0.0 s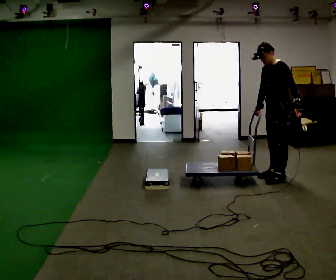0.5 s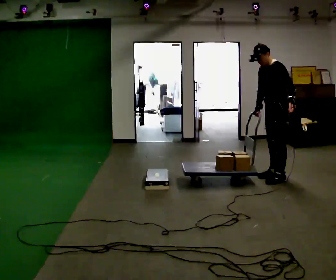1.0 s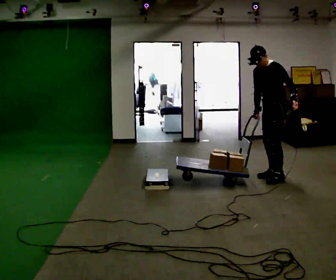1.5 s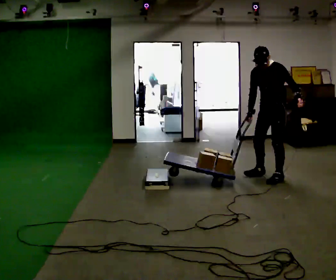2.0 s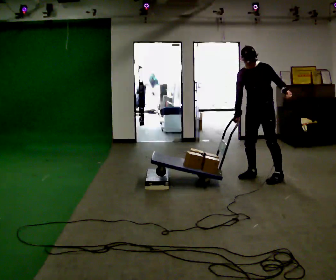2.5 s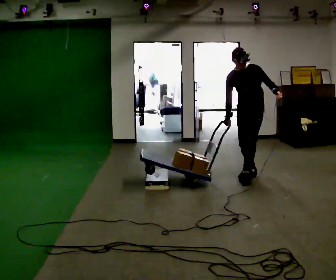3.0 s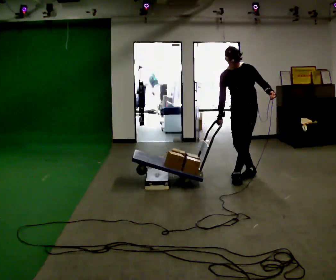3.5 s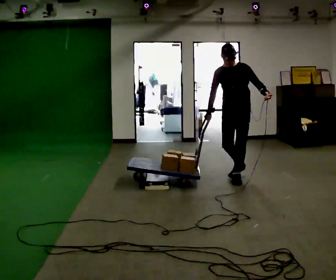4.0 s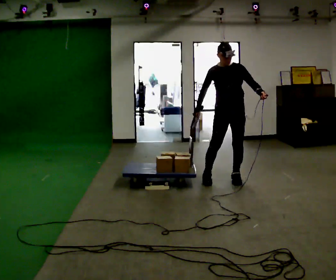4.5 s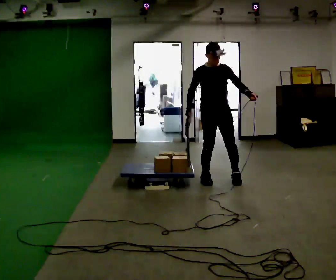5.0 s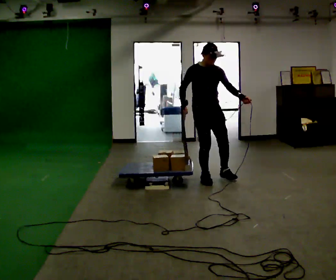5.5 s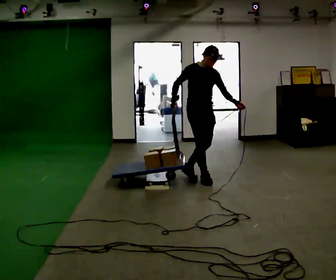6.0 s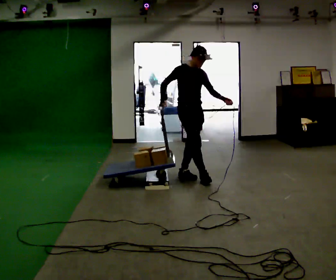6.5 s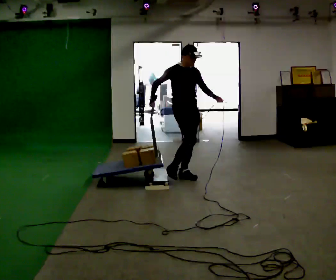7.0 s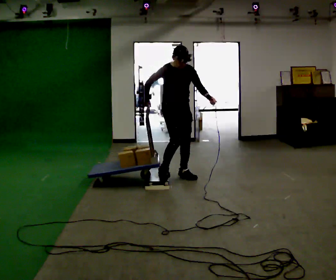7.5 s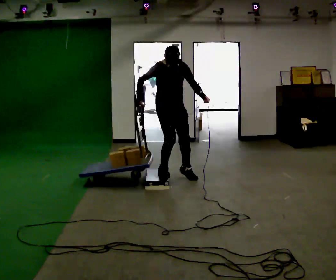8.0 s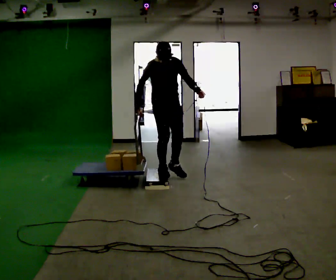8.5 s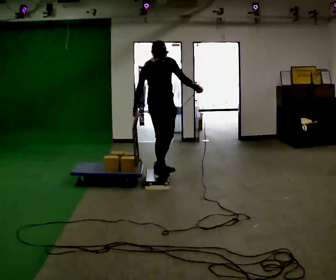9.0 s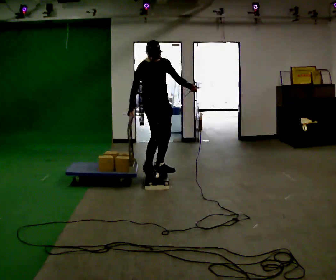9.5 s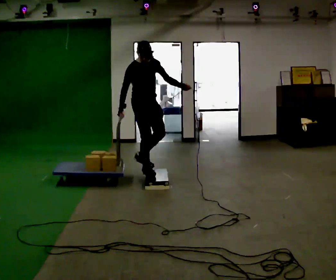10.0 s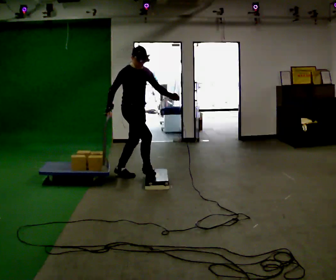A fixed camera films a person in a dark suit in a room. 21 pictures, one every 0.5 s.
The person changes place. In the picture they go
to the left.
0.0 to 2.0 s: Seen from above the body turns counterclockwise, about 45 degrees: to their left, with its near side sliding to the right. In the picture they go to the left, about 0.25 m in 1 step, which for them is forward and to their right.
2.0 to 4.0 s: The part of the body nearest the lens slides to the right as the person turns to their left by about 30 degrees. In the picture they go to the left, about 0.5 m in 2 steps, which for them is forward and to their right.
4.0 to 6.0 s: The person turns about 60 degrees to their left, counterclockwise seen from above, so the part of the body nearest the lens slides to the right. In the picture they go to the left, about 0.5 m in 1 step, which for them is to their right and backward.
6.0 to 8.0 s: In the picture they go to the left, about 0.25 m in 2 steps, which for them is to their right.
8.0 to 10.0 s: The part of the body nearest the lens slides to the right as the person turns to their left by about 30 degrees. In the picture they go to the left, about 0.5 m in 2 steps, which for them is backward and to their right.
The film runs backward here.
